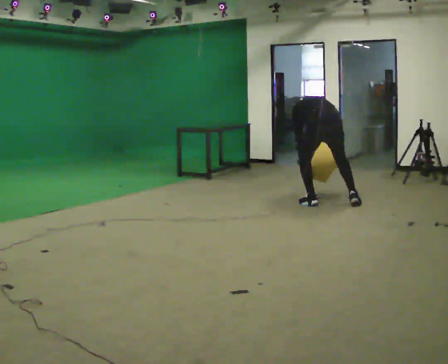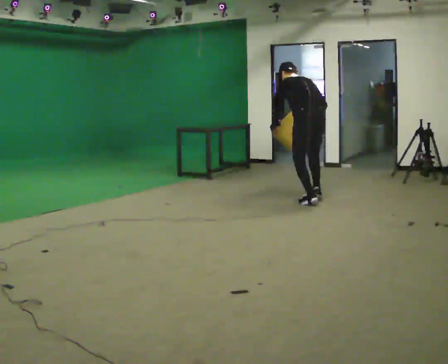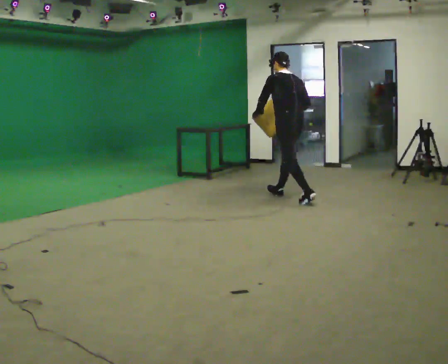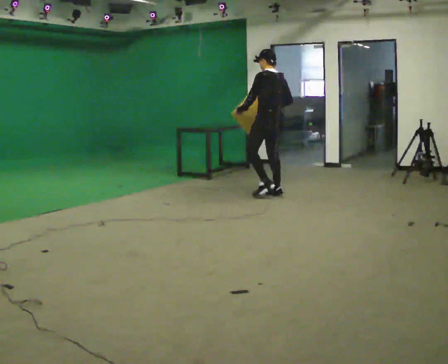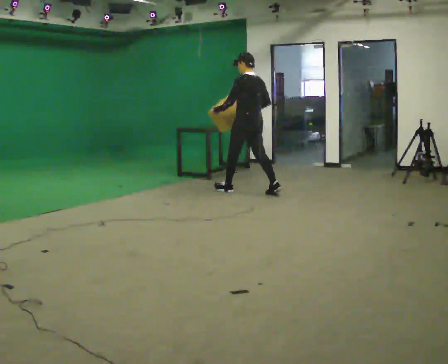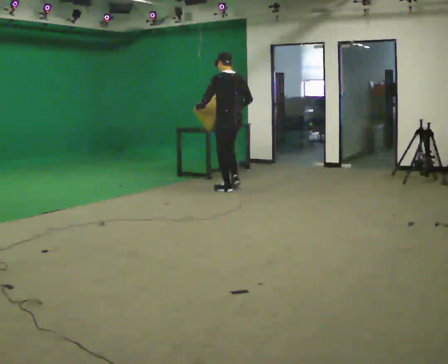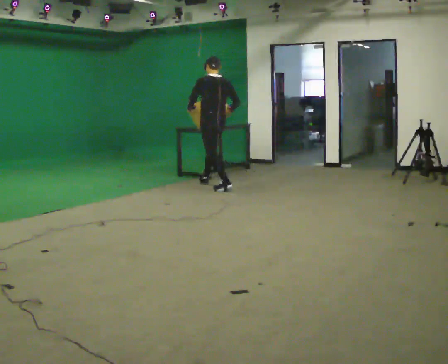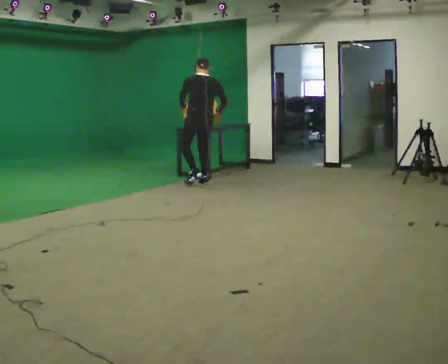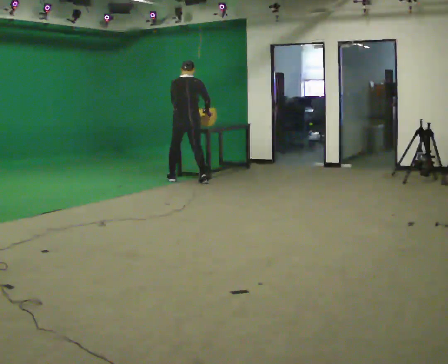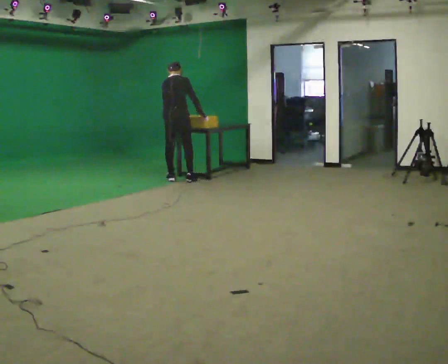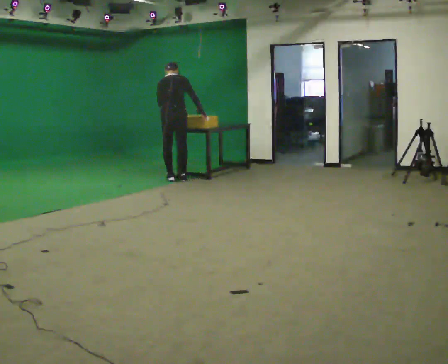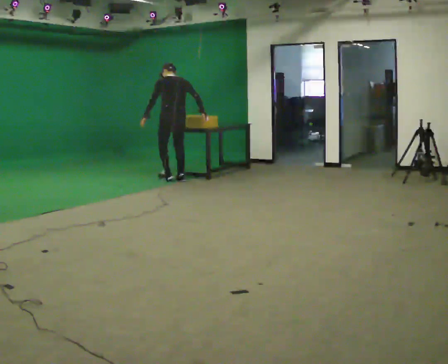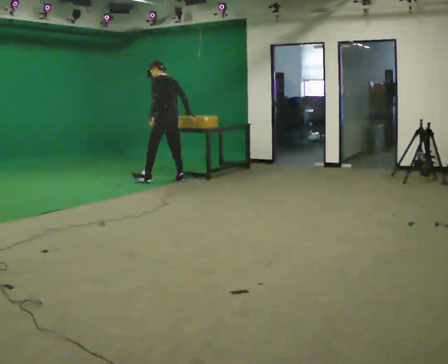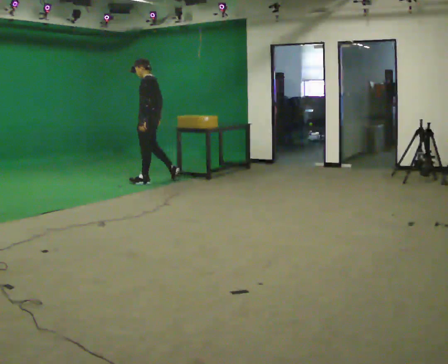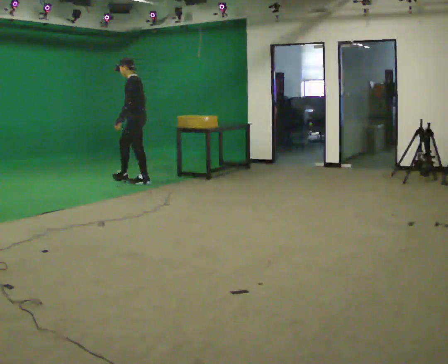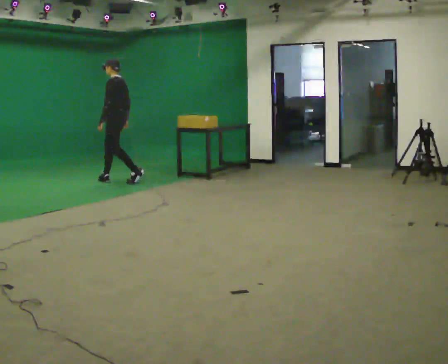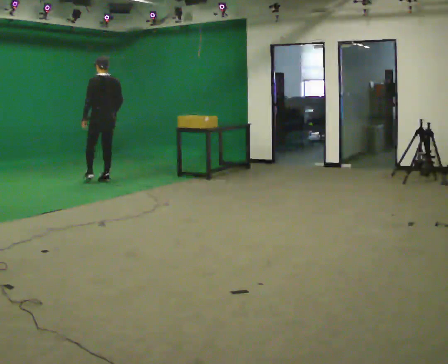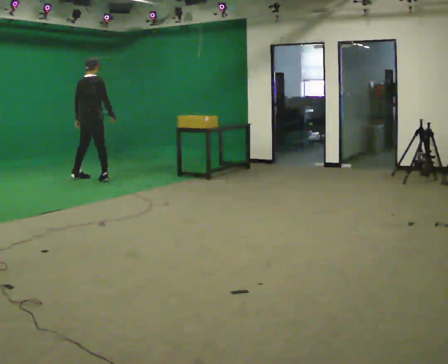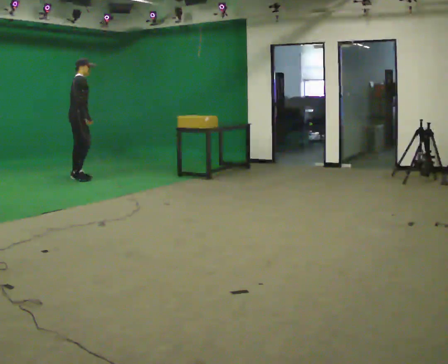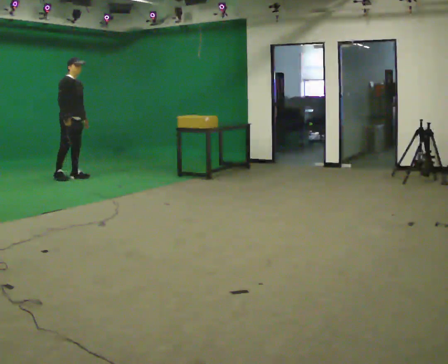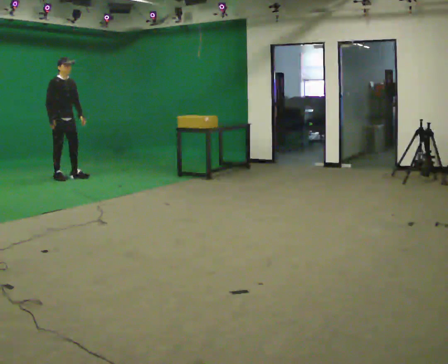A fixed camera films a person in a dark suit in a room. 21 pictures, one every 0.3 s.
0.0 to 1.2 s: The person turns about 30 degrees to their left, counterclockwise seen from above, so the part of the body nearest the lens slides to the right. In the picture they go away from the camera and to the left, about 1 m in 2 steps, which for them is forward. The shoulders move upward. The upper body tips toward the camera, its near side rolling downward, as they lean back or straighten. In the picture their right hand goes upward.
1.2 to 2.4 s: Seen from above the body turns clockwise, about 60 degrees: to their right, with its near side sliding to the left. In the picture they go to the left and away from the camera, about 1 m in 2 steps, which for them is forward.
2.4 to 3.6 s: The person turns about 75 degrees to their left, counterclockwise seen from above, so the part of the body nearest the lens slides to the right. In the picture they go to the left, about 0.25 m in 1 step.
3.6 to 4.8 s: The part of the body nearest the lens slides to the left as the person turns to their right by about 30 degrees. In the picture they go to the left, about 1 m in 2 steps.
4.8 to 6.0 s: The person turns about 150 degrees to their right, clockwise seen from above, so the part of the body nearest the lens slides to the left. In the picture they go to the left, about 0.5 m in 2 steps.
The film runs forward here.
